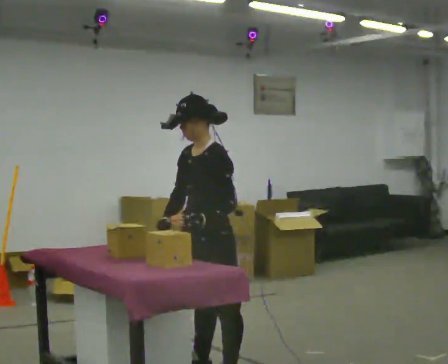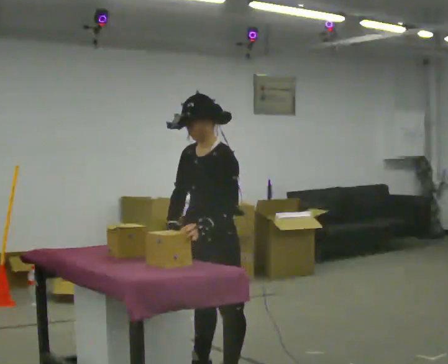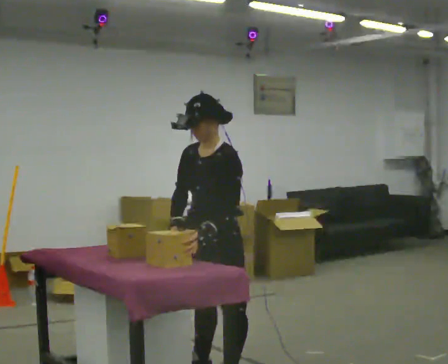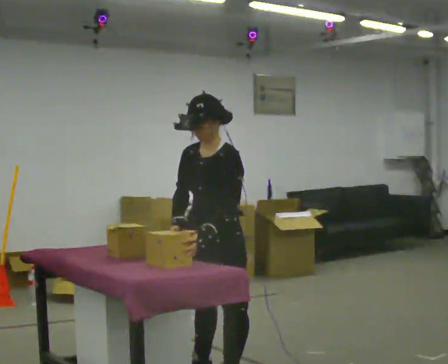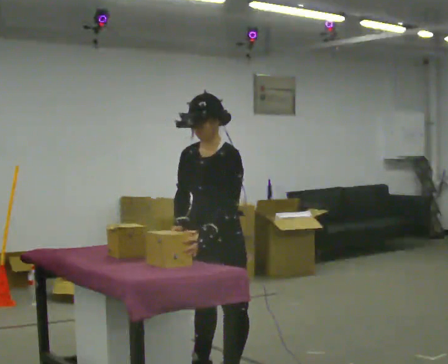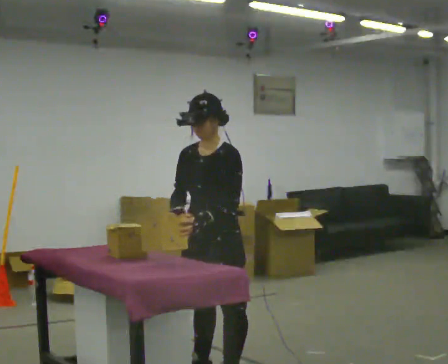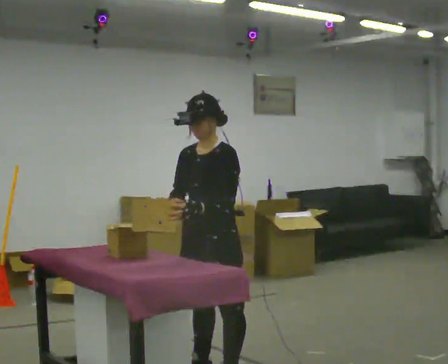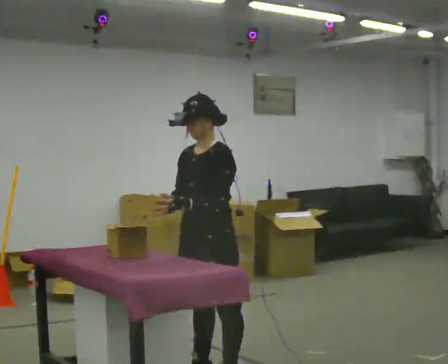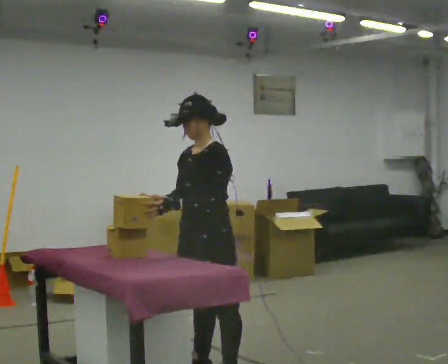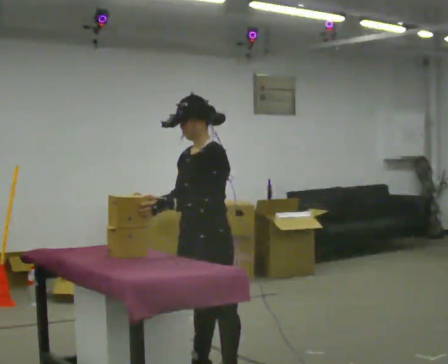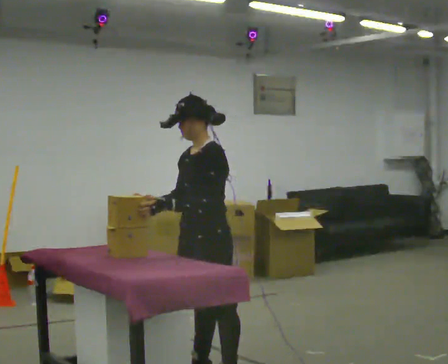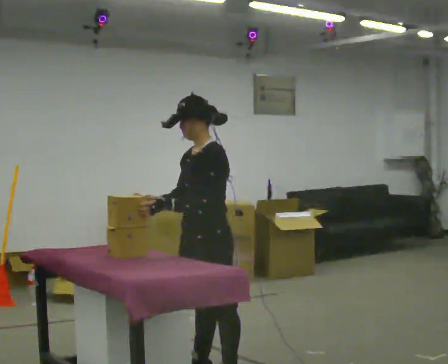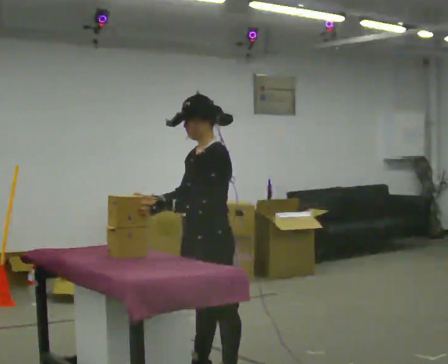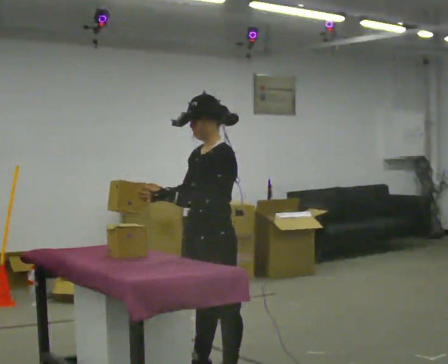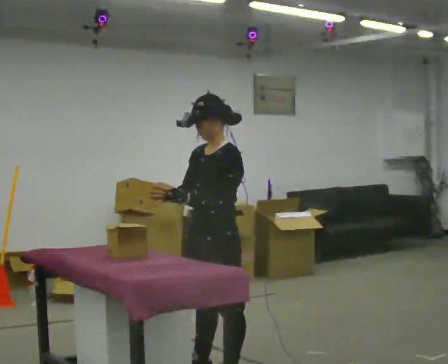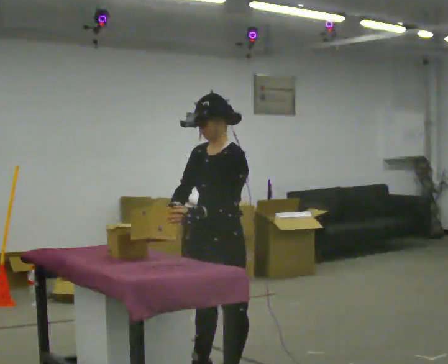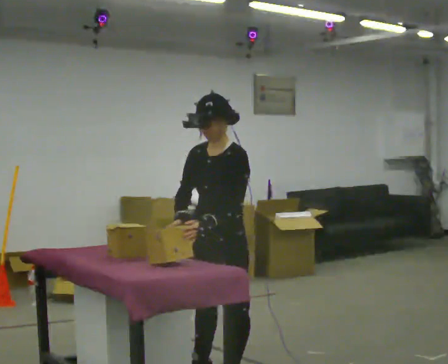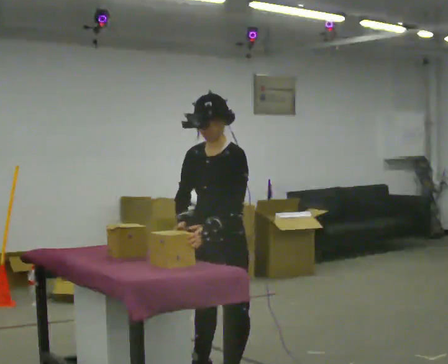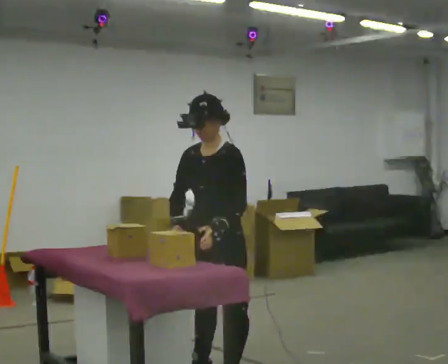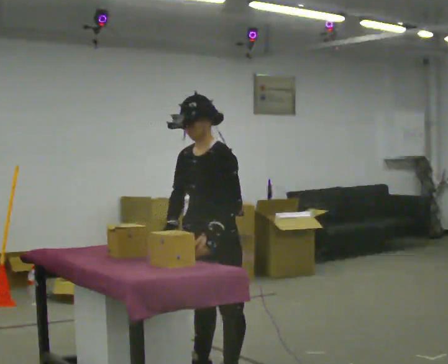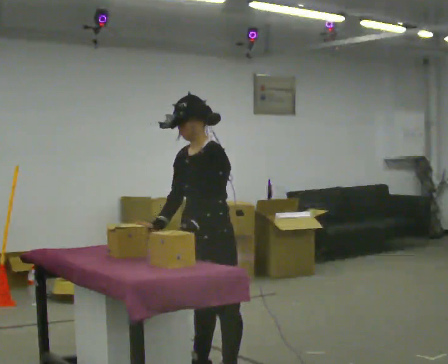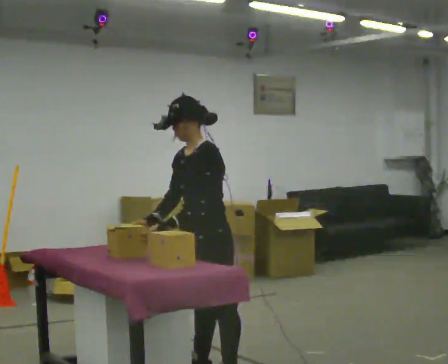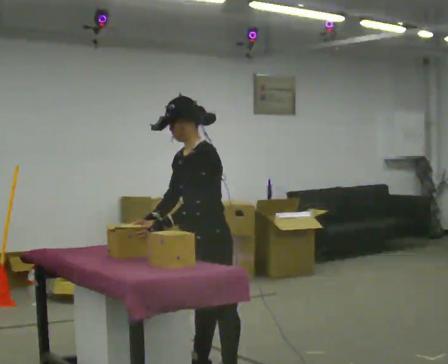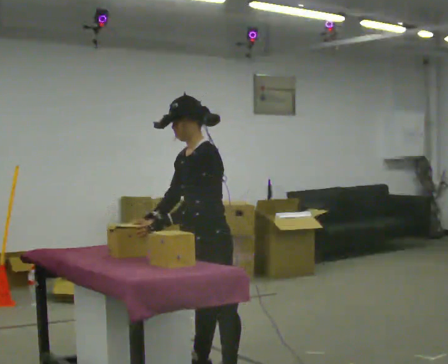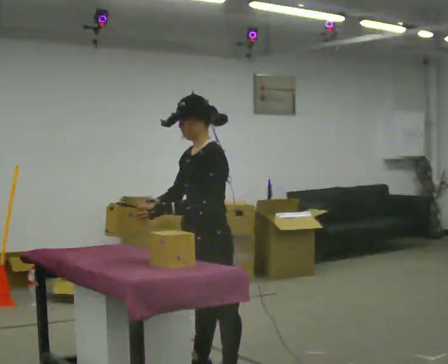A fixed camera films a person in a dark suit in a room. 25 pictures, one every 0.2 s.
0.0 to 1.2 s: The person moves a little, or ends about where they began.
1.2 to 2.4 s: Seen from above the body turns clockwise, about 30 degrees: to their right, with its near side sliding to the left.
2.4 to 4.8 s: The person moves a little, or ends about where they began.
The film runs backward here.
